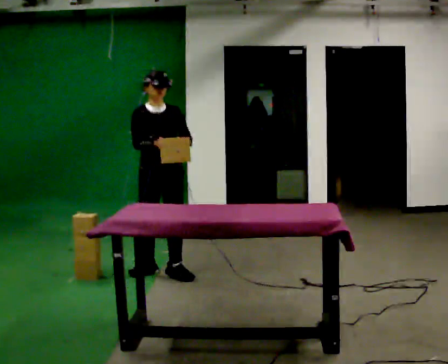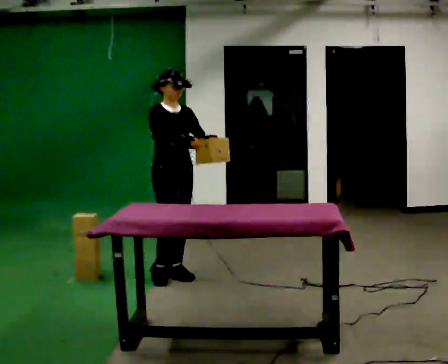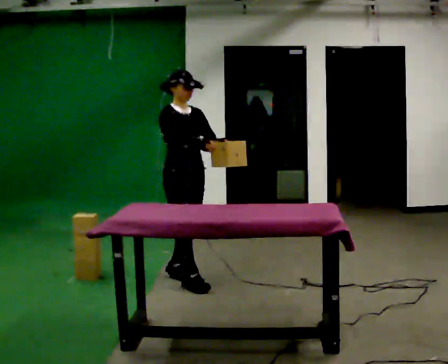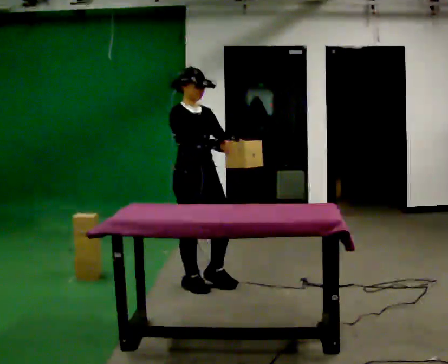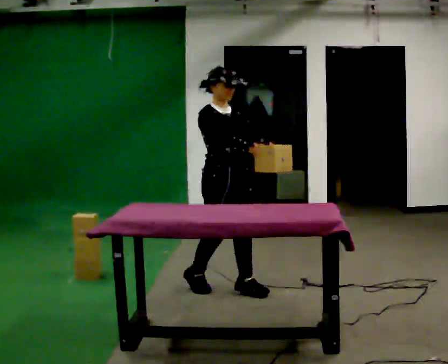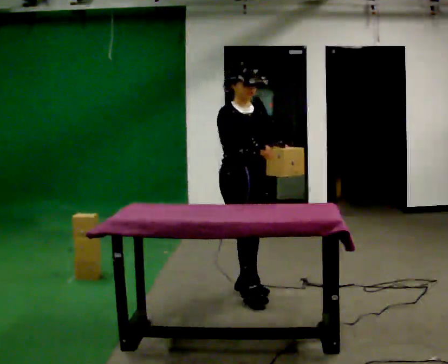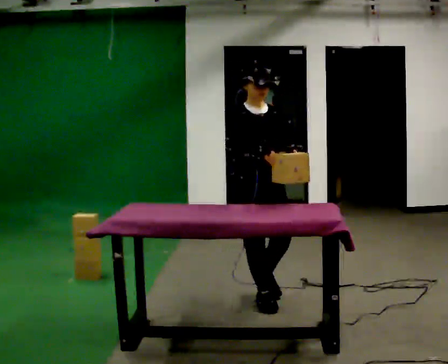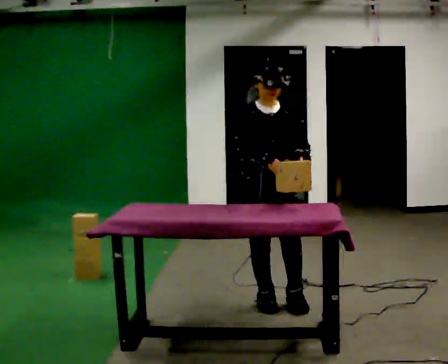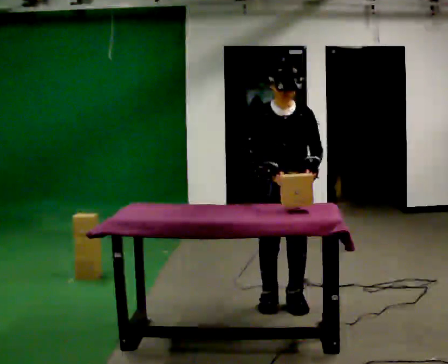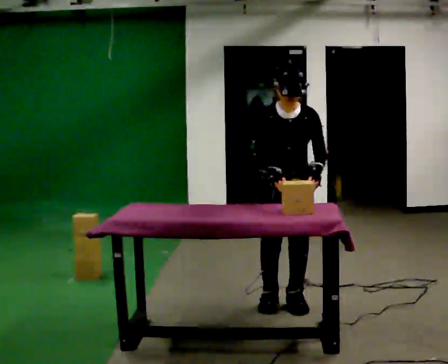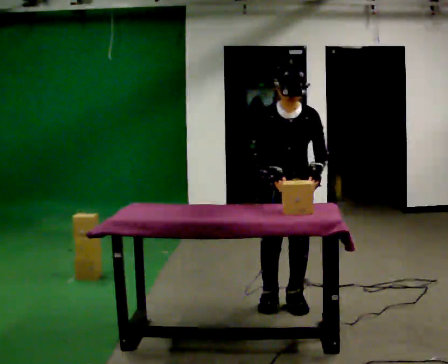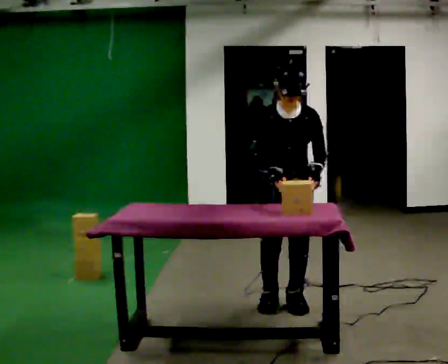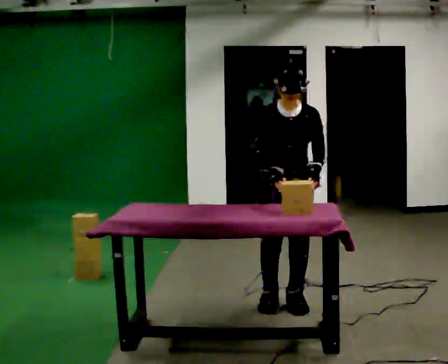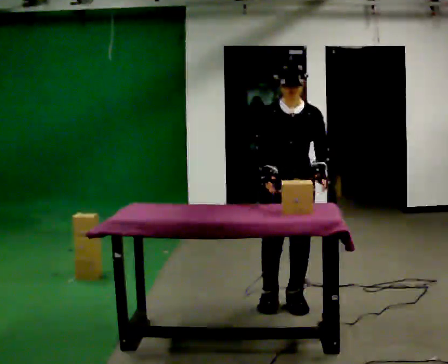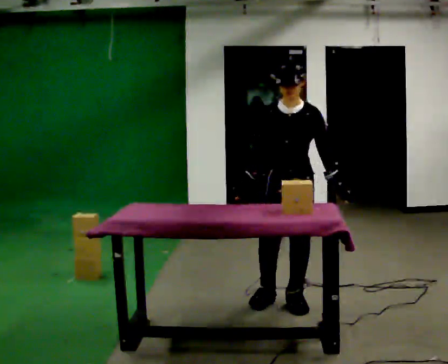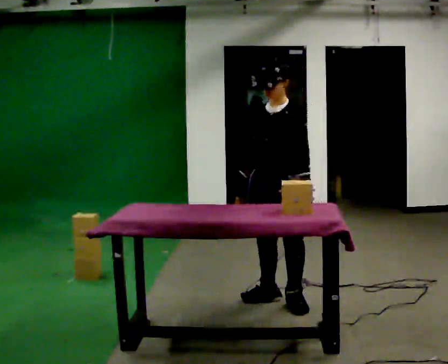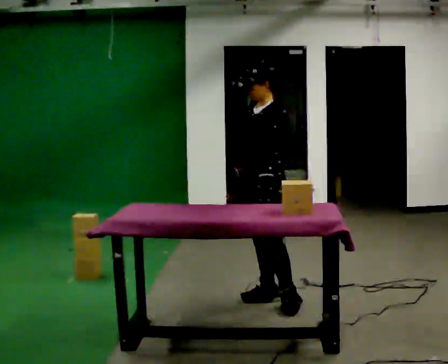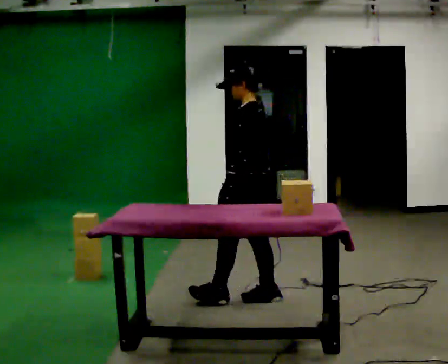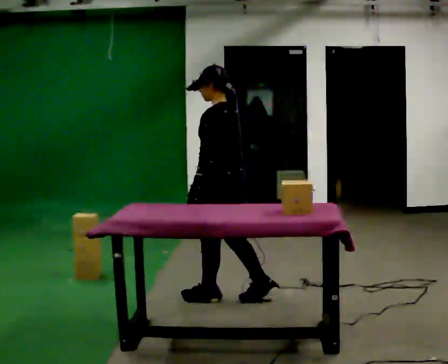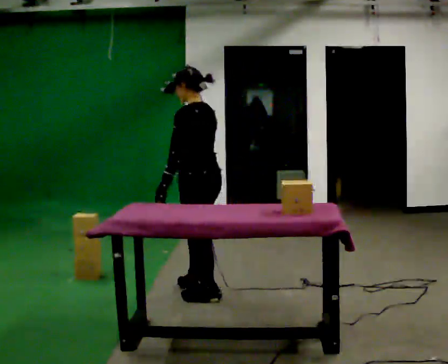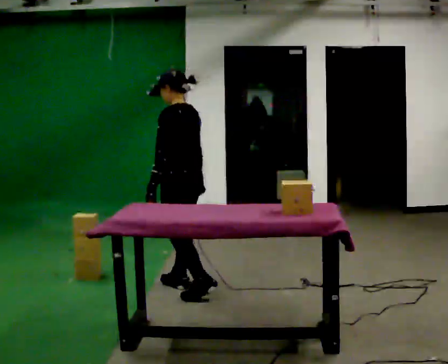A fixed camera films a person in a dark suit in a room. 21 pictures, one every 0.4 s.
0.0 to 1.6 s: The part of the body nearest the lens slides to the right as the person turns to their left by about 30 degrees. In the picture they go to the right and toward the camera, about 0.75 m in 2 steps, which for them is forward.
1.6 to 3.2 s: Seen from above the body turns clockwise, about 45 degrees: to their right, with its near side sliding to the left. In the picture they go to the right and toward the camera, about 0.5 m in 2 steps, which for them is forward and to their left.
3.2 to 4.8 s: The person moves a little, or ends about where they began.
4.8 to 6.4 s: Seen from above the body turns clockwise, about 60 degrees: to their right, with its near side sliding to the left.
6.4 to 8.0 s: Seen from above the body turns clockwise, about 60 degrees: to their right, with its near side sliding to the left. In the picture they go to the left, about 0.5 m in 2 steps, which for them is forward.
The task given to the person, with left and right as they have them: Carry the object over and line it up with the mark on the surface as accurately as you can. Keep going until the operator says stop; one object at a time, and do not rush between trips.
The film runs forward here.
